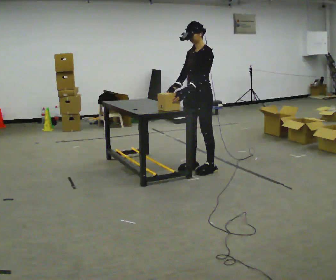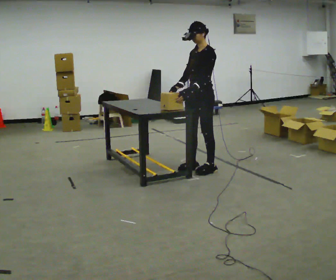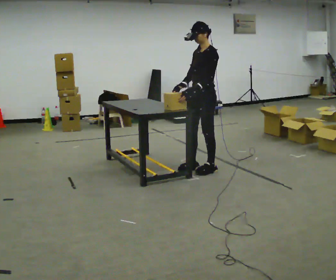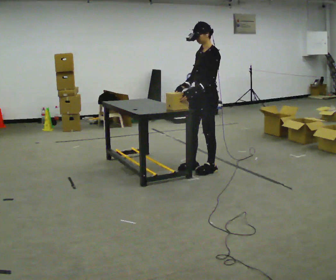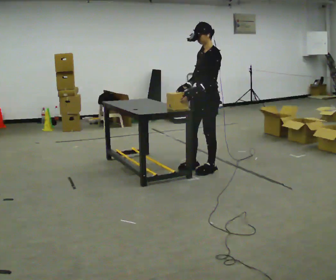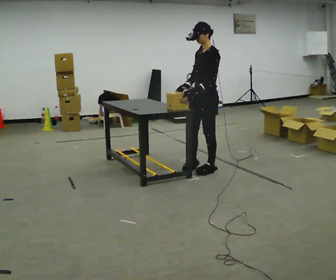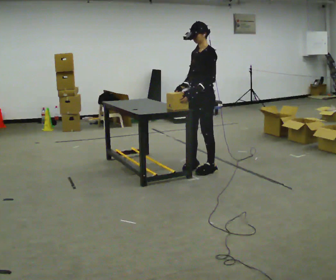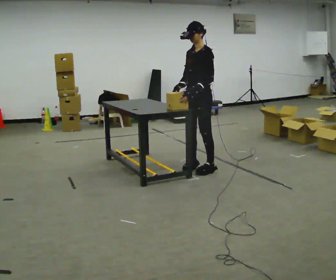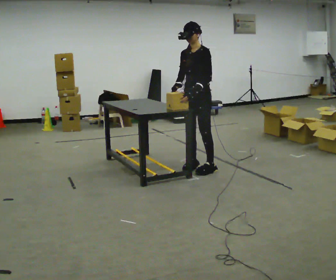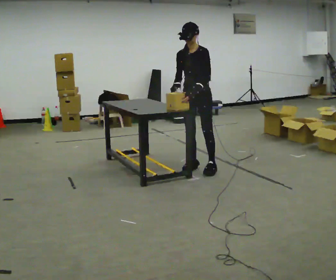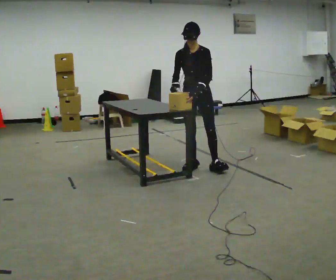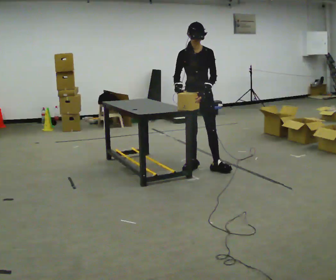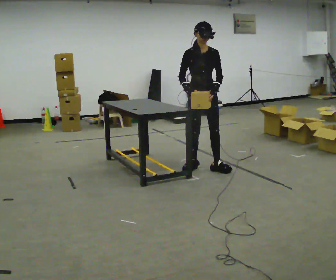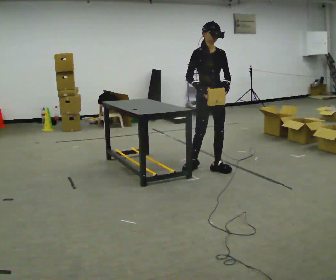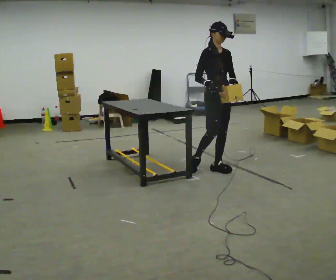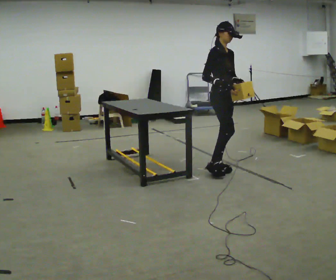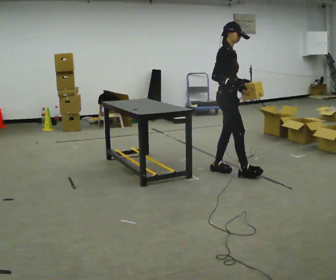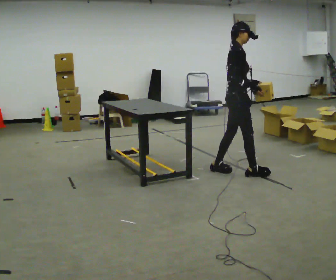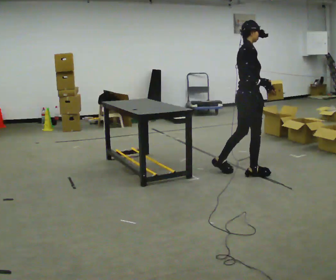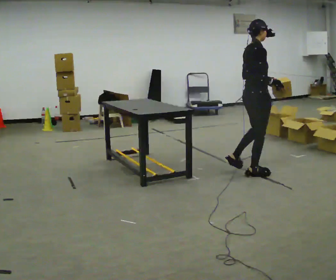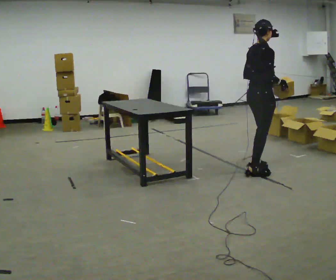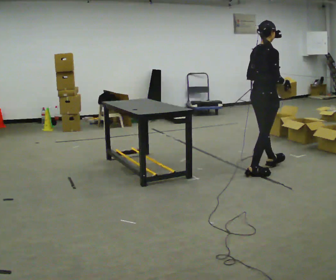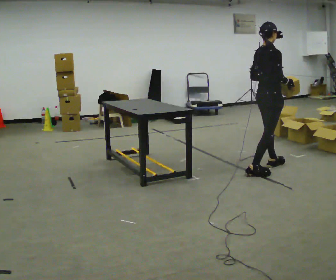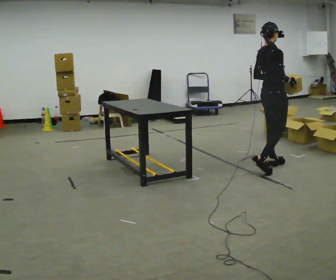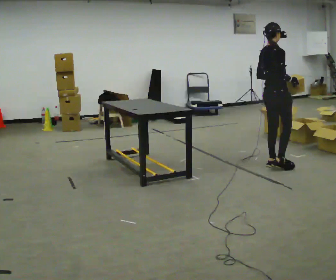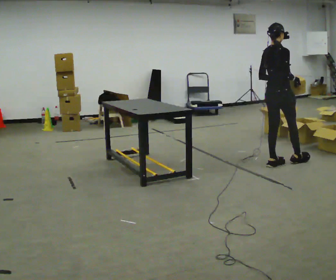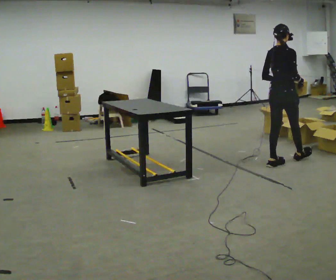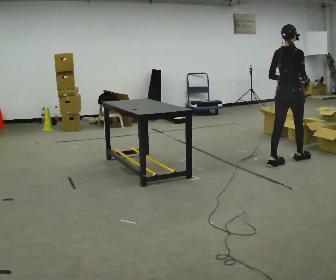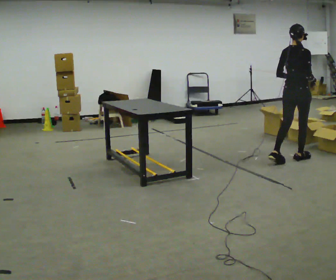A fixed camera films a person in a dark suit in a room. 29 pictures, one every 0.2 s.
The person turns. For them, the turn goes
to their left.
The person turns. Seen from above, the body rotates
counterclockwise.
0.0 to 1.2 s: The person moves a little, or ends about where they began.
1.2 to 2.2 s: The person turns about 60 degrees to their left, counterclockwise seen from above, so the part of the body nearest the lens slides to the right.
2.2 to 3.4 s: The person turns about 75 degrees to their left, counterclockwise seen from above, so the part of the body nearest the lens slides to the right. In the picture they go to the right and toward the camera, about 0.5 m in 1 step.
3.4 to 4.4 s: Seen from above the body turns counterclockwise, about 30 degrees: to their left, with its near side sliding to the right. In the picture they go to the right, about 0.25 m in 1 step, which for them is forward.
4.4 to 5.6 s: In the picture they go to the right and away from the camera, about 0.5 m in 1 step, which for them is forward.
The film runs forward here.
